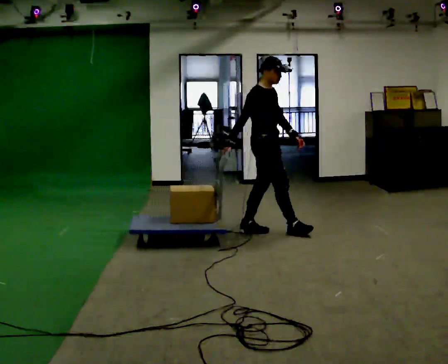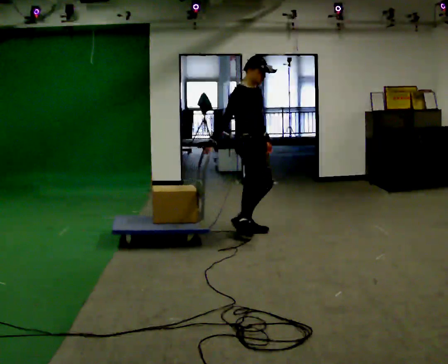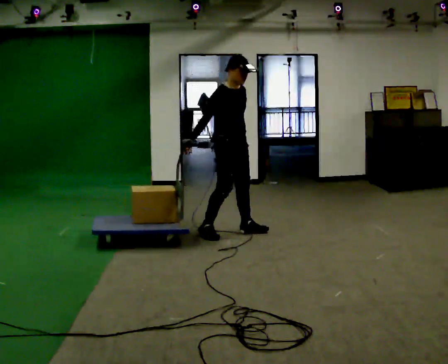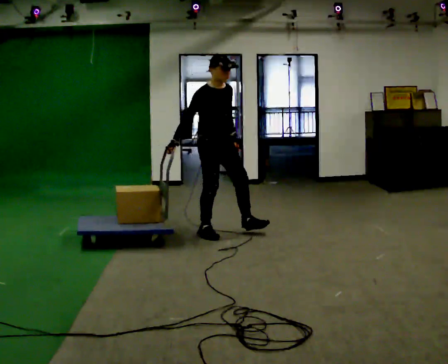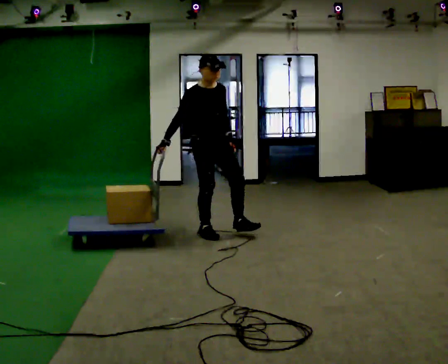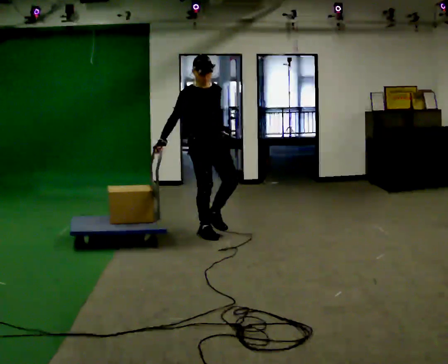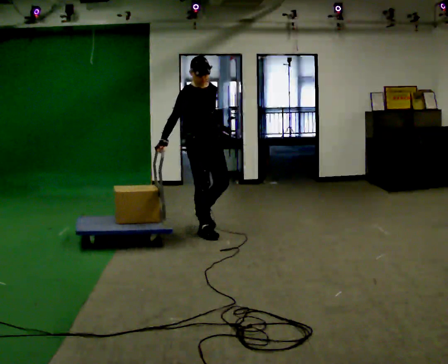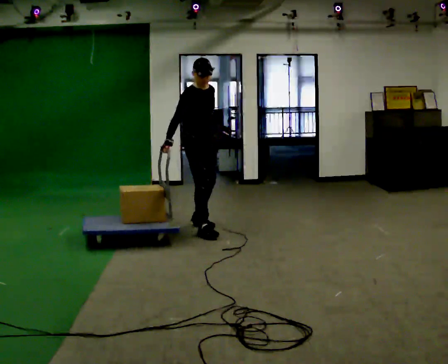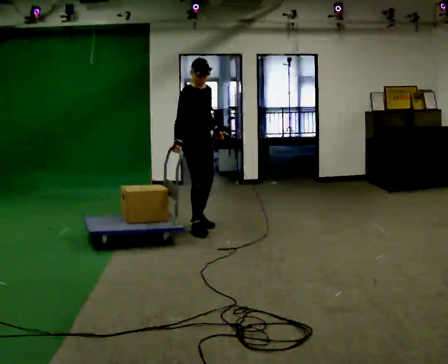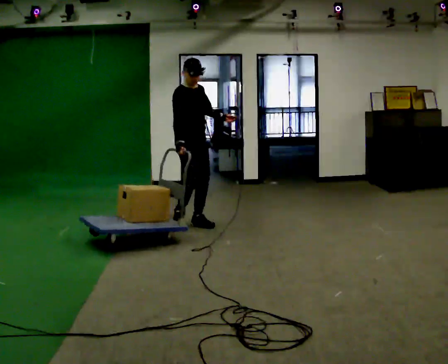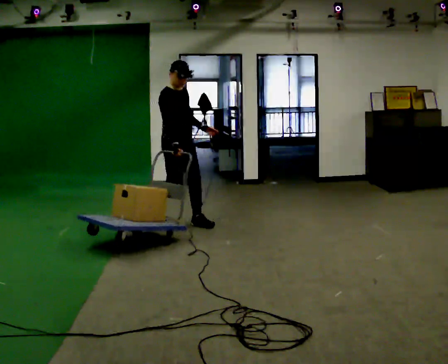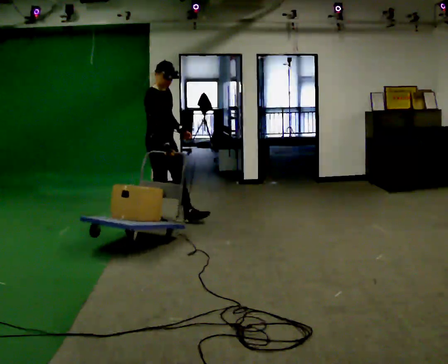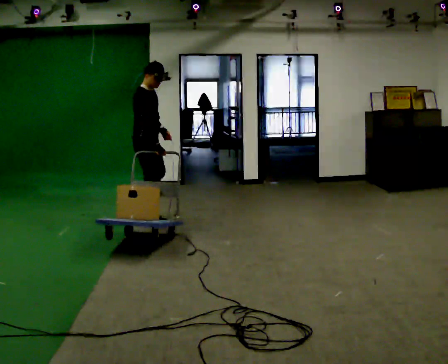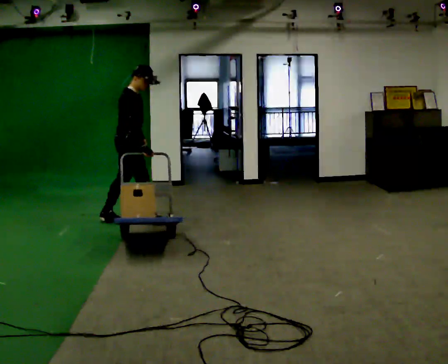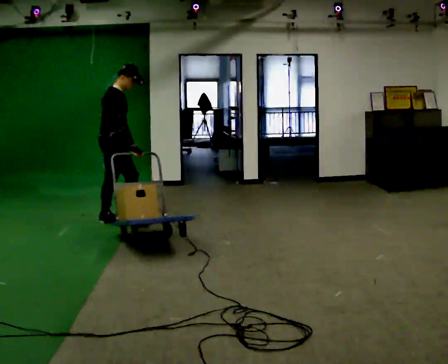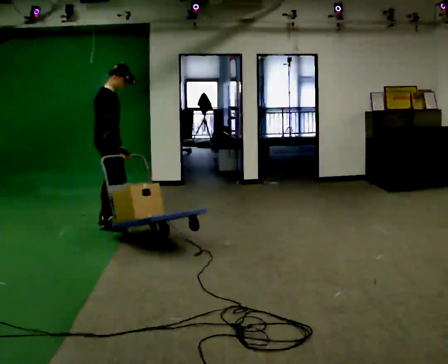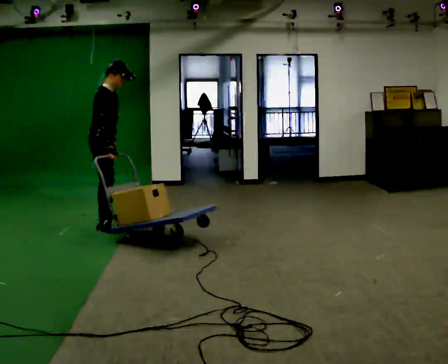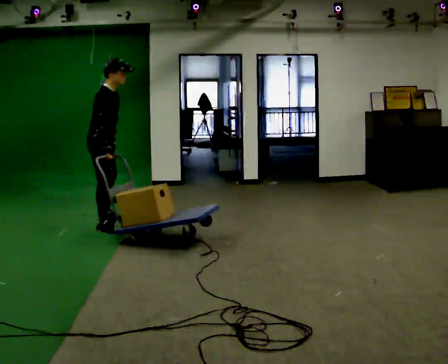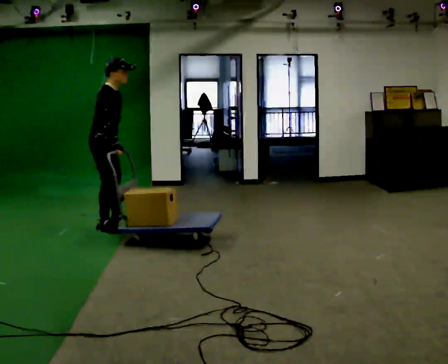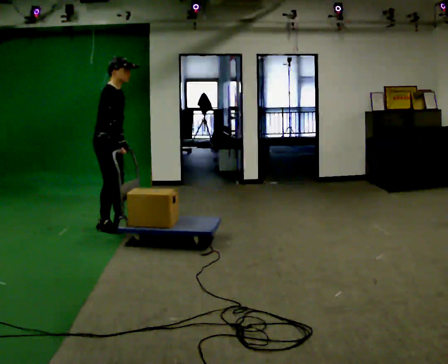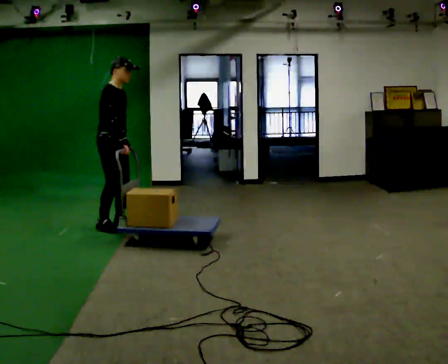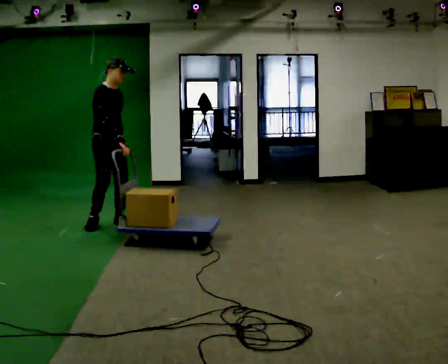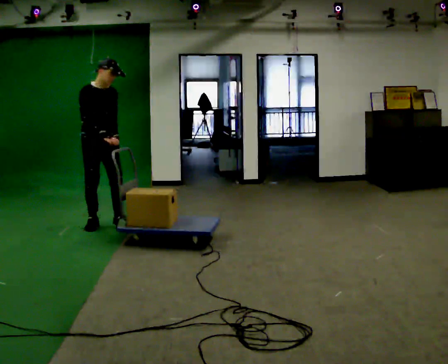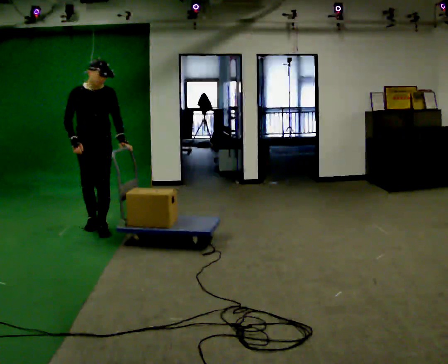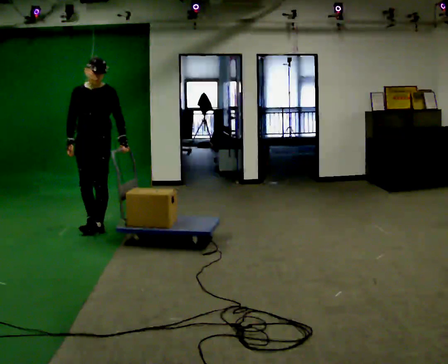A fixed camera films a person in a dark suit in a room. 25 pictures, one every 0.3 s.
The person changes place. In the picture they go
to the left.
0.0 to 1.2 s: Seen from above the body turns clockwise, about 45 degrees: to their right, with its near side sliding to the left. In the picture they go to the left, about 0.5 m in 1 step, which for them is backward and to their right.
1.2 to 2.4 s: In the picture they go away from the camera, about 0.25 m in 1 step, which for them is backward.
2.4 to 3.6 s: Seen from above the body turns counterclockwise, about 45 degrees: to their left, with its near side sliding to the right. In the picture they go to the left and away from the camera, about 0.5 m in 1 step, which for them is backward and to their right.
3.6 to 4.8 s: In the picture they go to the left, about 0.5 m in 1 step, which for them is backward.
4.8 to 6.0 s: The person moves a little, or ends about where they began.
6.0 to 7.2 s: Seen from above the body turns clockwise, about 90 degrees: to their right, with its near side sliding to the left. In the picture their right hand goes to the left, the arm swinging clockwise.
The film runs backward here.
